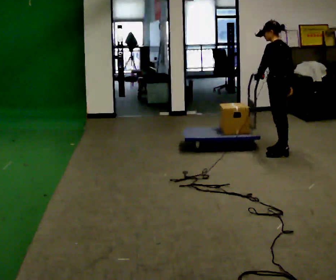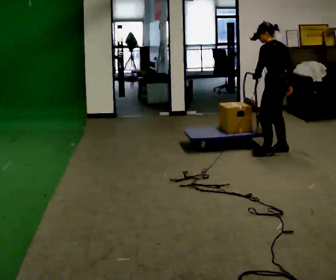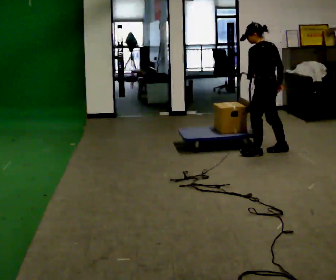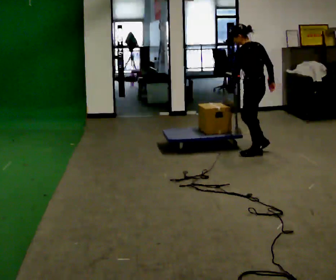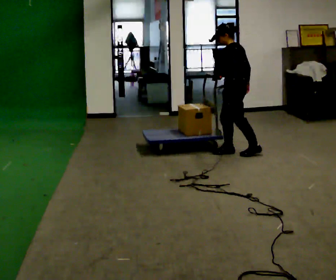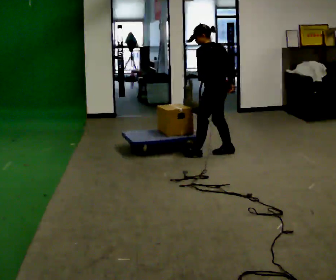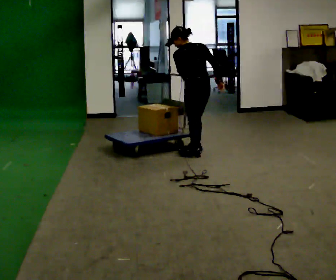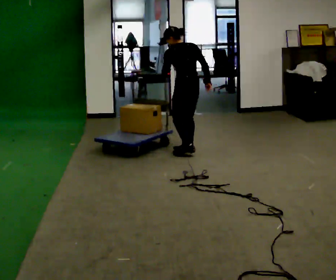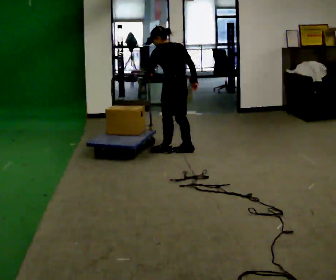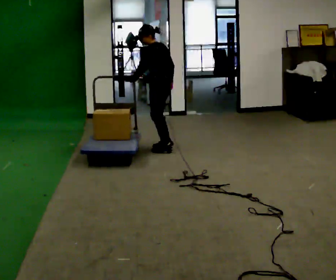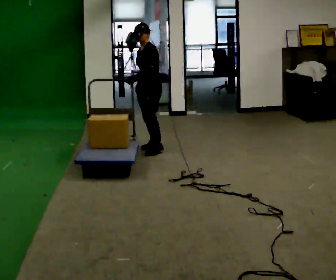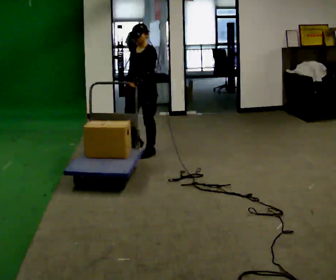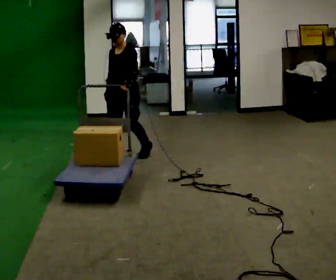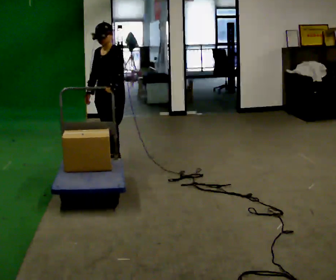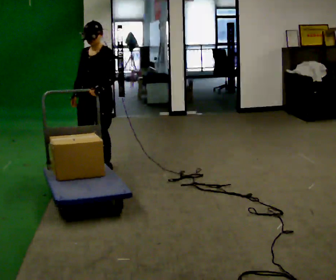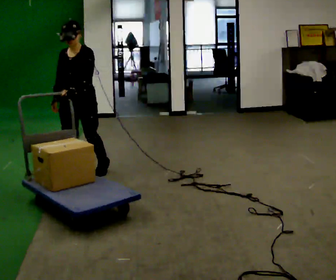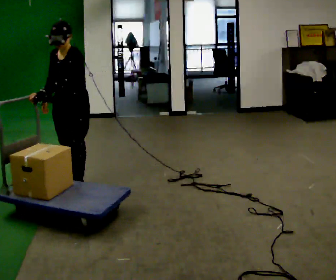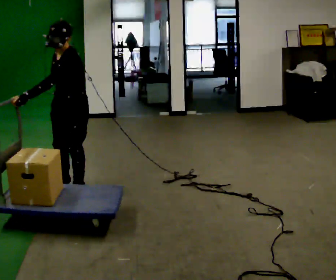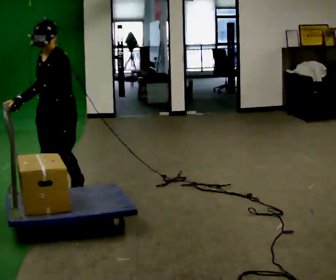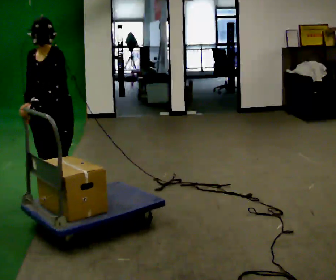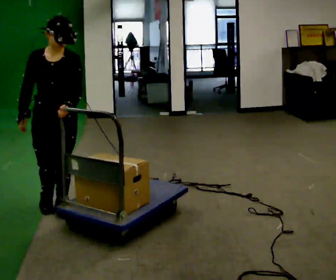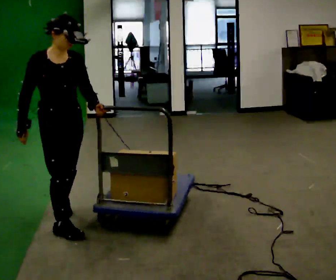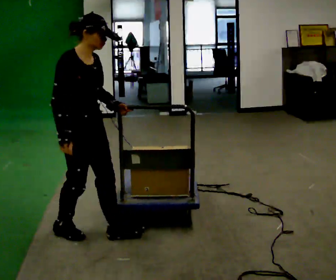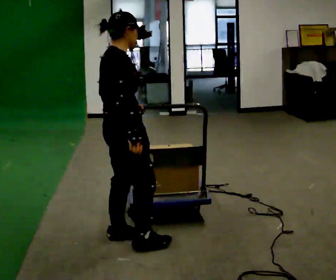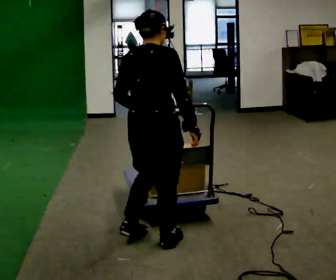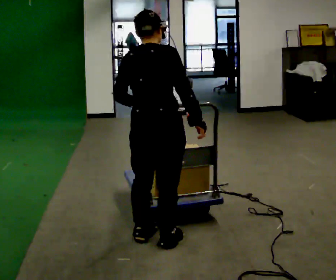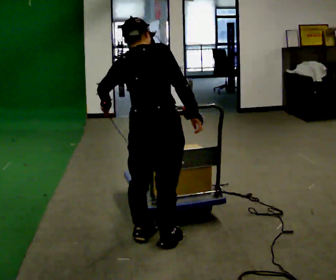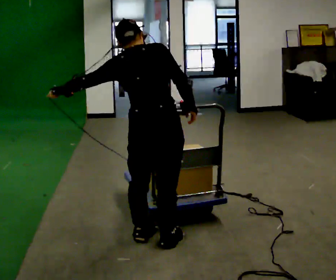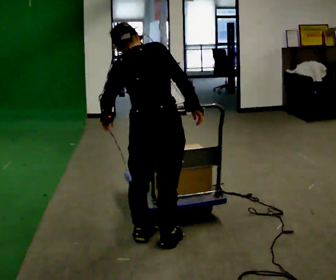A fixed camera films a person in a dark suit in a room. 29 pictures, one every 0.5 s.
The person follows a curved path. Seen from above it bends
counterclockwise.
0.0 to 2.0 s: In the picture they go to the left, about 0.5 m in 2 steps, which for them is forward and to their left.
2.0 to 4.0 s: Seen from above the body turns clockwise, about 30 degrees: to their right, with its near side sliding to the left. In the picture they go to the left, about 0.75 m in 3 steps, which for them is forward and to their left.
4.0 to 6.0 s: Seen from above the body turns counterclockwise, about 105 degrees: to their left, with its near side sliding to the right. In the picture they go to the left and toward the camera, about 0.5 m in 3 steps.
6.0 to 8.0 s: In the picture they go toward the camera and to the left, about 1 m in 2 steps, which for them is forward.
8.0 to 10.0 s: The person turns about 45 degrees to their left, counterclockwise seen from above, so the part of the body nearest the lens slides to the right. In the picture they go toward the camera, about 0.75 m in 3 steps, which for them is forward and to their left.
10.0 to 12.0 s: The person turns about 135 degrees to their left, counterclockwise seen from above, so the part of the body nearest the lens slides to the right. In the picture they go to the right and toward the camera, about 1 m in 3 steps.
12.0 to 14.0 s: In the picture the upper body tilts counterclockwise, shoulders to the left.
The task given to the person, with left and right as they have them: Push the cart along the marked route and round the corner to the side the operator calls.
The film runs forward here.
